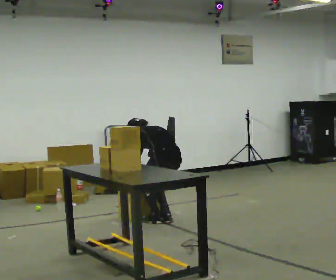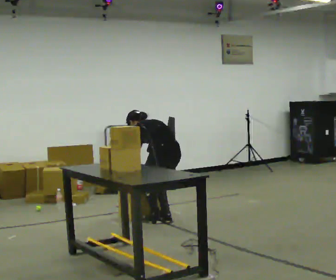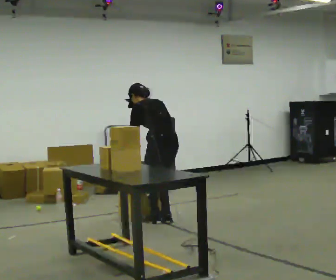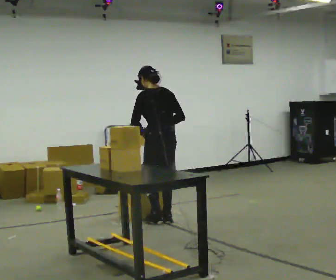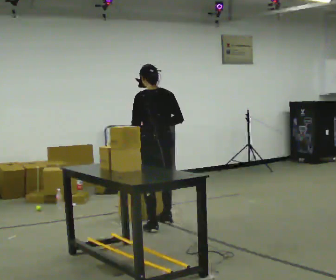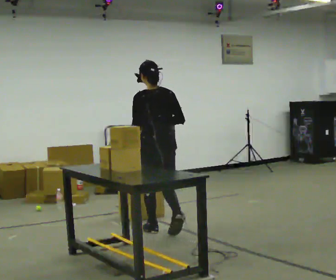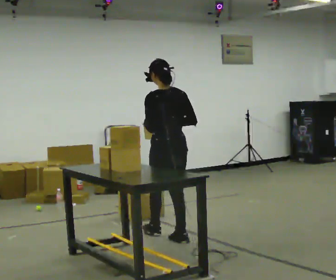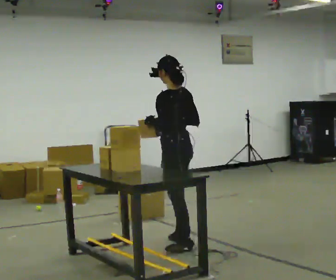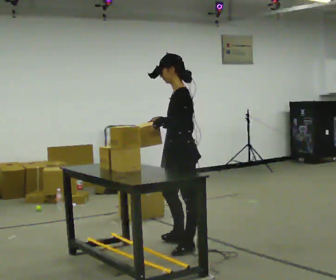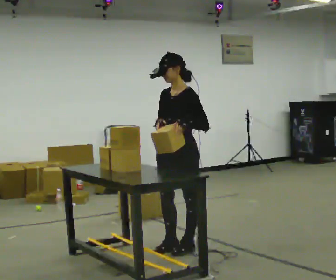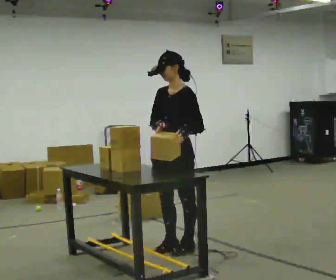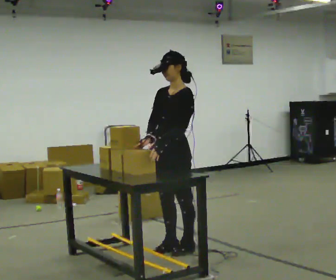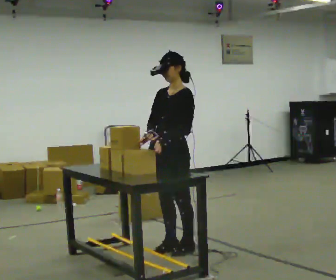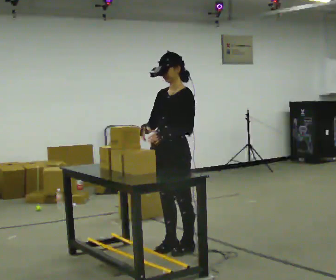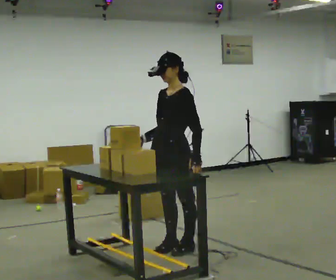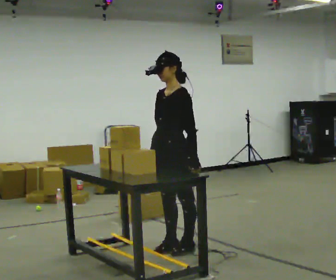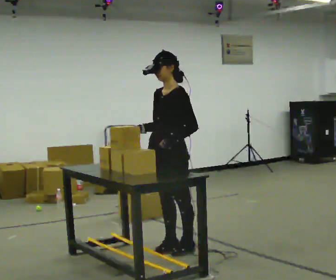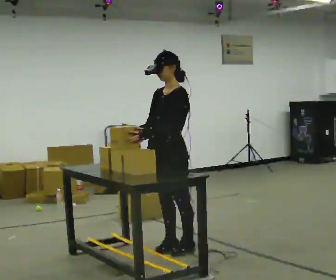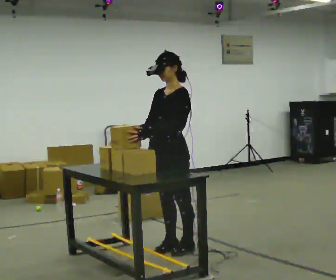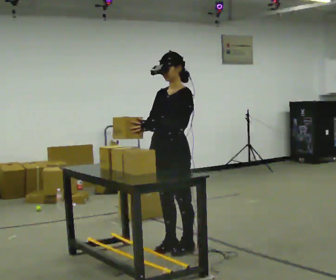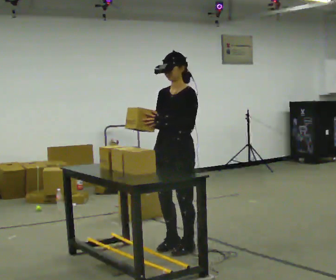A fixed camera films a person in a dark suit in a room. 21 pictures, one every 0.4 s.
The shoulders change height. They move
upward.
0.0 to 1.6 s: The upper body goes upward. The upper body tips toward the camera, its near side rolling downward, as they lean back or straighten. In the picture their right hand goes upward.
1.6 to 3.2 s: The person turns about 60 degrees to their left, counterclockwise seen from above, so the part of the body nearest the lens slides to the right. In the picture they go toward the camera, about 1 m in 2 steps.
3.2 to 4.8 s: The person turns about 45 degrees to their left, counterclockwise seen from above, so the part of the body nearest the lens slides to the right.
4.8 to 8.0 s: The person moves a little, or ends about where they began.
The film runs backward here.
